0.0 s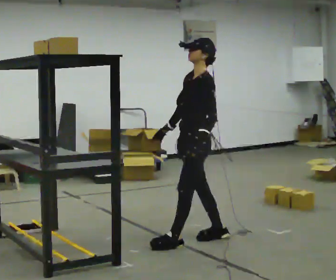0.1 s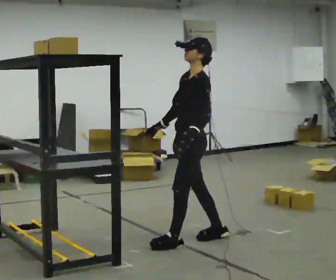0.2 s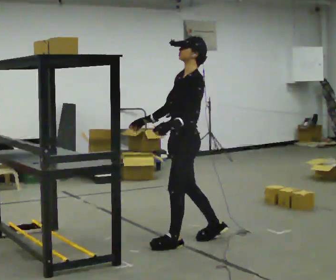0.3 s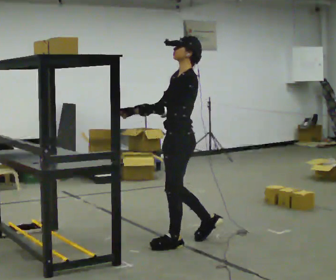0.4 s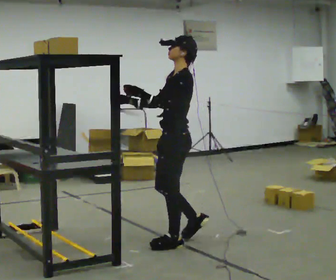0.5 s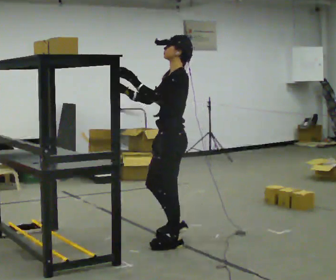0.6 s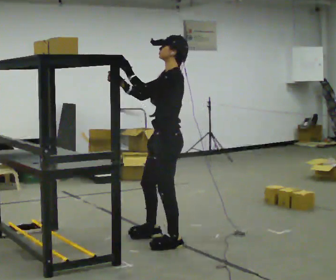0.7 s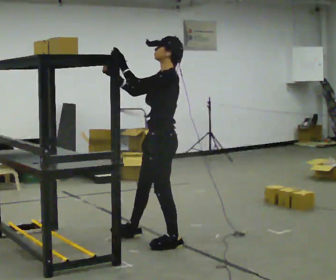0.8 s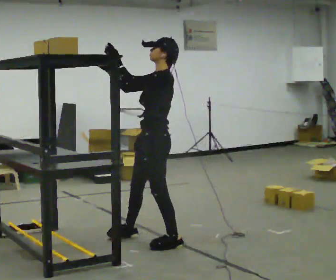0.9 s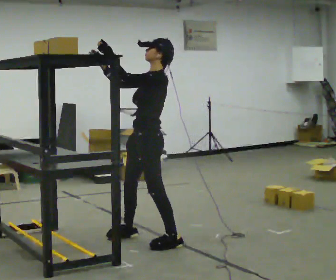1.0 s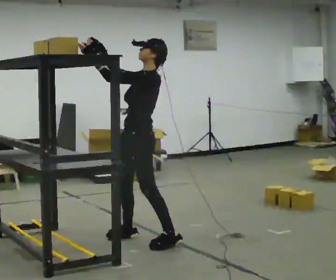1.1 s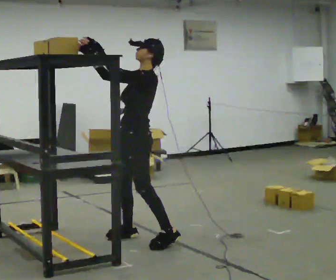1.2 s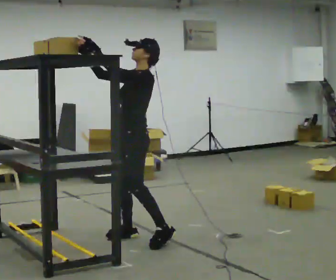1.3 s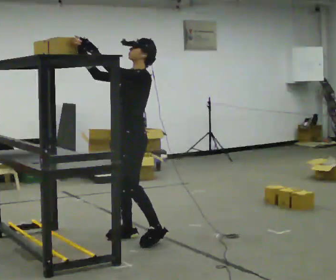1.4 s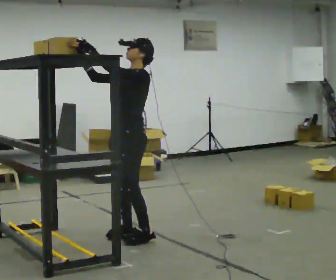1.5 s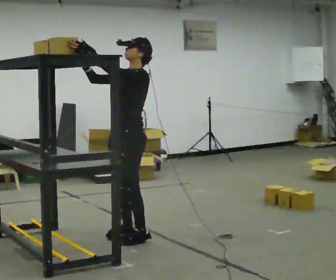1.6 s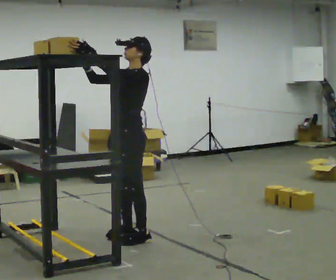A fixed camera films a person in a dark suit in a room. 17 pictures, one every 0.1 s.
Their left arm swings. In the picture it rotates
clockwise.
Their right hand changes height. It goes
upward.
0.0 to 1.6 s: In the picture they go to the left, about 0.5 m in 2 steps, which for them is forward. In the picture their left hand goes upward, the arm swinging clockwise.
The film runs forward here.
